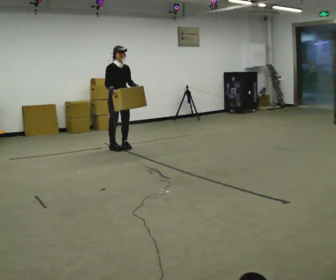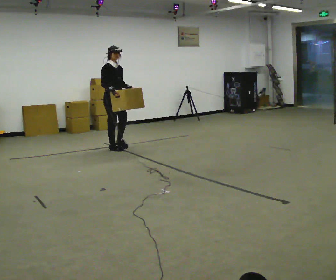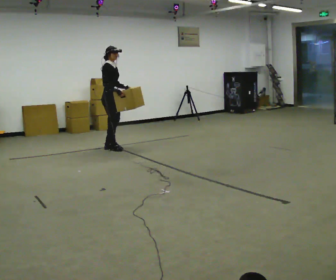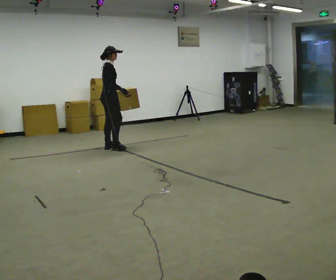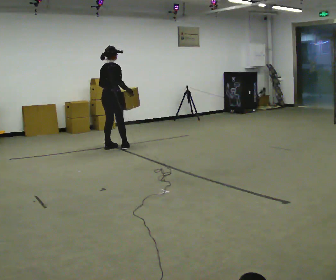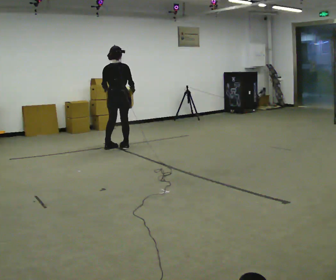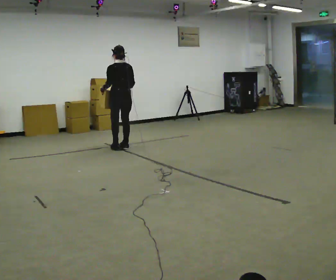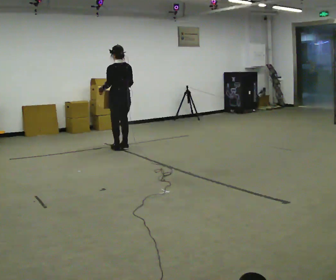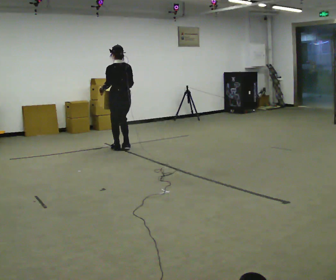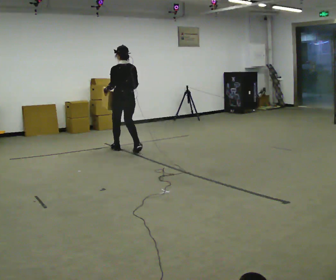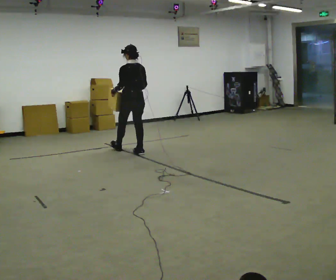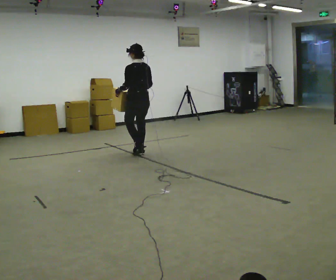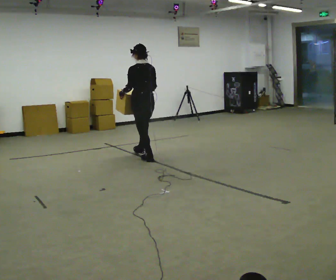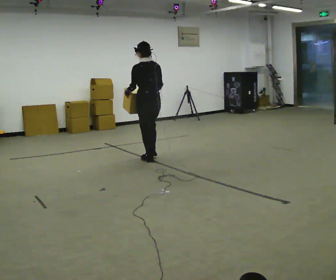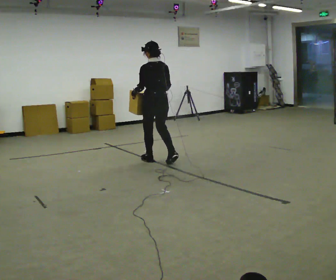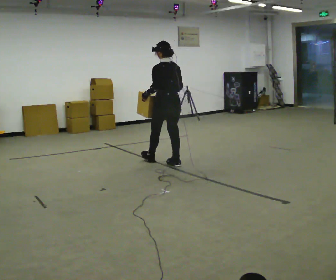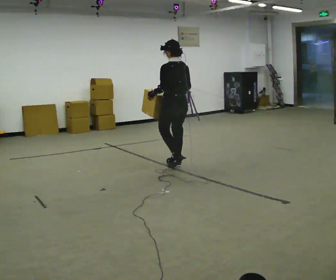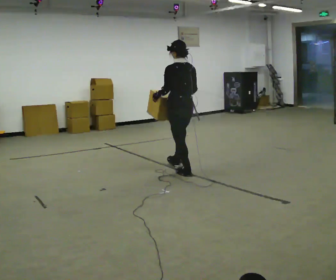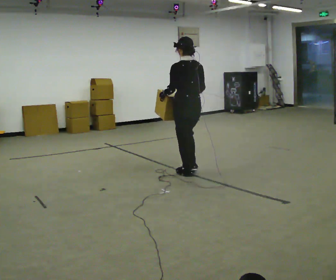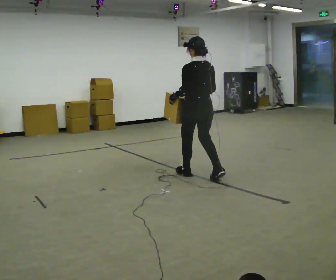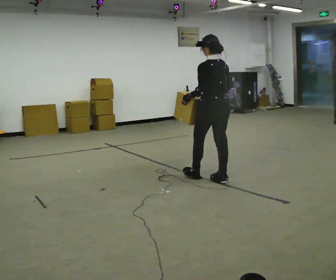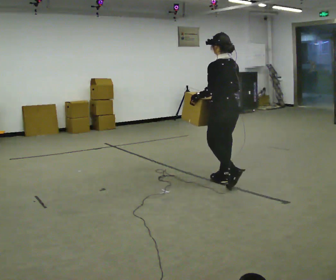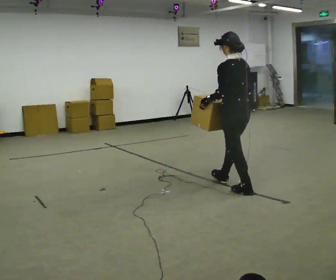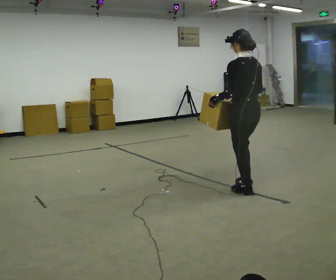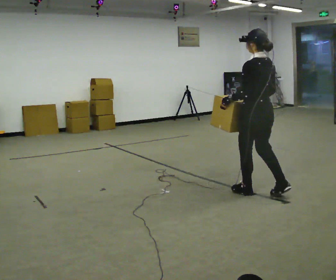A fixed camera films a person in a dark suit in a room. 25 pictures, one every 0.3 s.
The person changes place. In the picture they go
toward the camera.
0.0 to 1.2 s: The person turns about 90 degrees to their left, counterclockwise seen from above, so the part of the body nearest the lens slides to the right. In the picture their left hand goes to the left, the arm swinging clockwise.
1.2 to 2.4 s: The part of the body nearest the lens slides to the right as the person turns to their left by about 75 degrees. In the picture they go to the right, about 0.25 m in 2 steps.
2.4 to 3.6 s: In the picture they go toward the camera and to the right, about 0.5 m in 1 step, which for them is backward.
3.6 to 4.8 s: In the picture they go toward the camera and to the right, about 0.5 m in 2 steps, which for them is backward.
4.8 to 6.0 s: In the picture they go toward the camera and to the right, about 1 m in 2 steps, which for them is backward.
6.0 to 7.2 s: In the picture they go toward the camera and to the right, about 0.75 m in 1 step, which for them is backward.
The film runs backward here.
